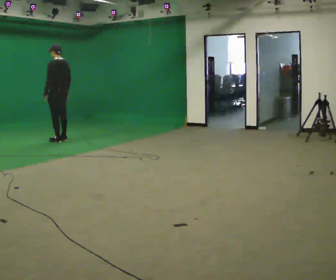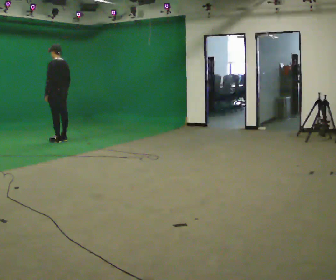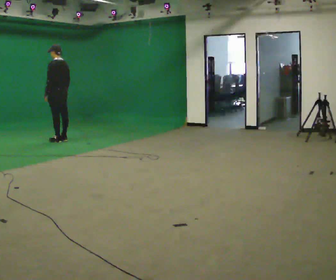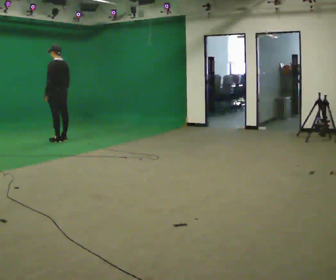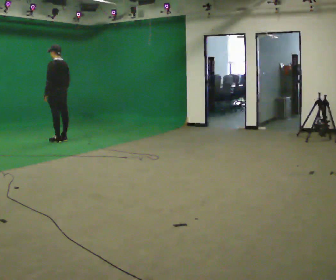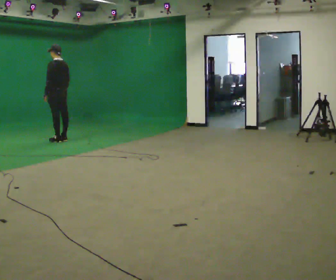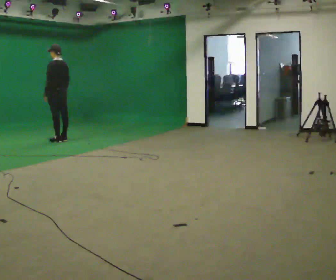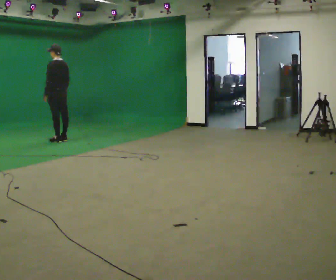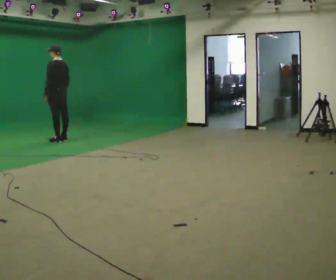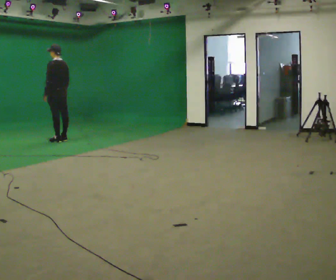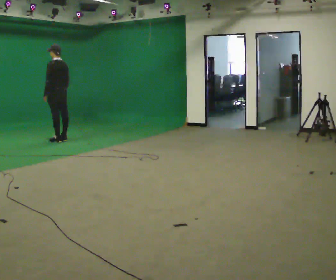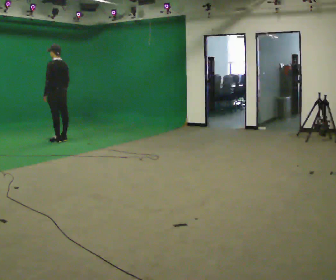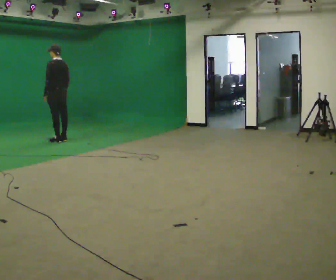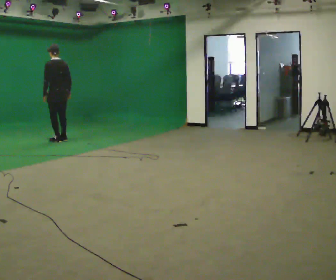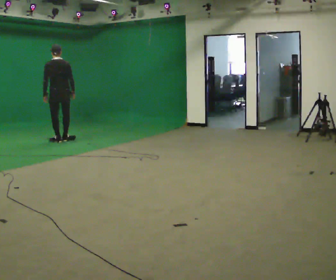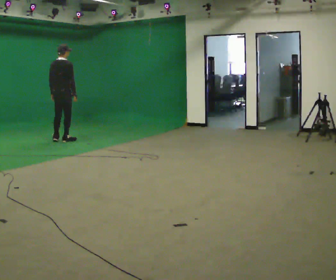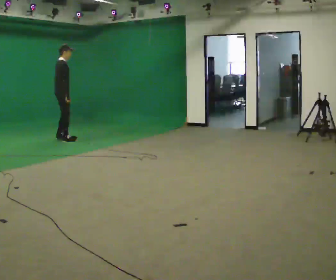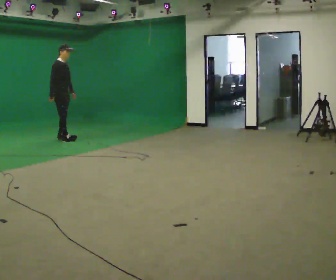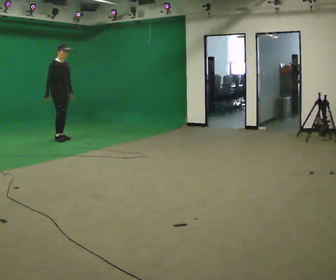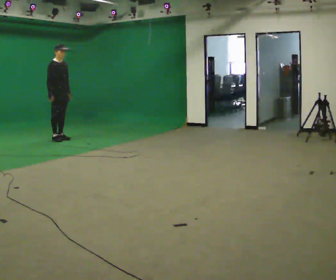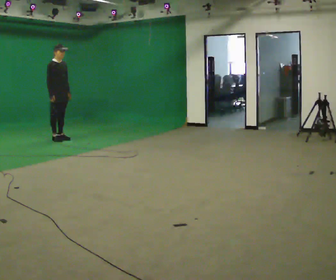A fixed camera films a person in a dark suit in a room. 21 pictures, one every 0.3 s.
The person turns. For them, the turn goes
to their right.
The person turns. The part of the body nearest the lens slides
to the left.
0.0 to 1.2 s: The person moves a little, or ends about where they began.
1.2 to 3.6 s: The person keeps their place and pose.
3.6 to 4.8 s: The person turns about 120 degrees to their right, clockwise seen from above, so the part of the body nearest the lens slides to the left. In the picture their left hand goes to the right.
4.8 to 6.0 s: The person turns about 45 degrees to their right, clockwise seen from above, so the part of the body nearest the lens slides to the left.
The film runs forward here.
